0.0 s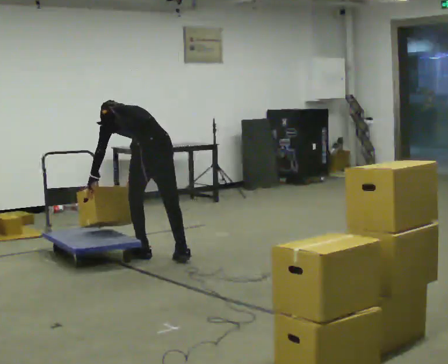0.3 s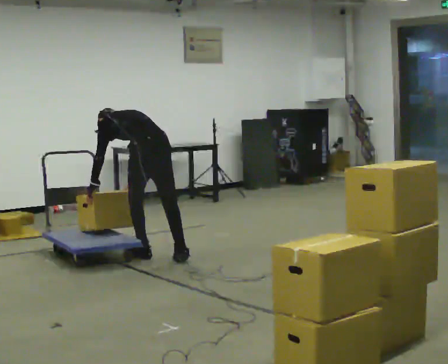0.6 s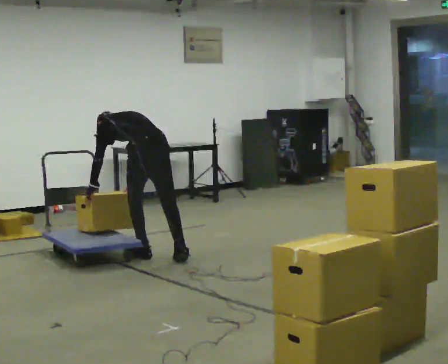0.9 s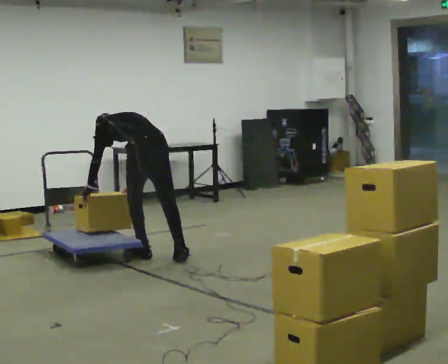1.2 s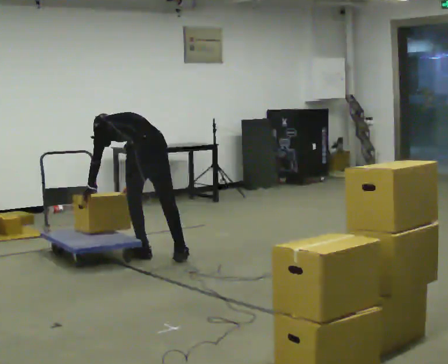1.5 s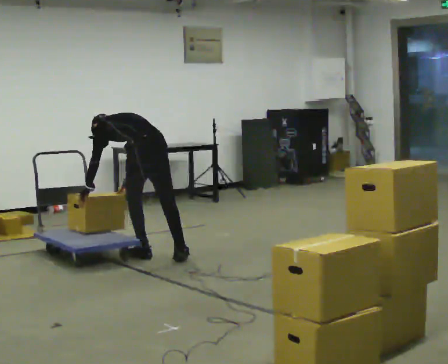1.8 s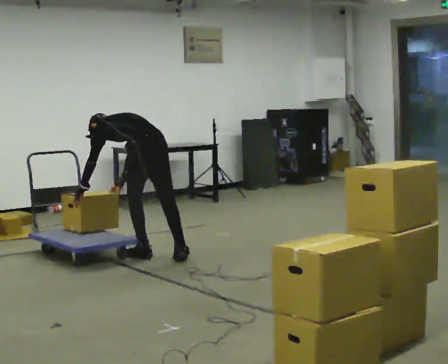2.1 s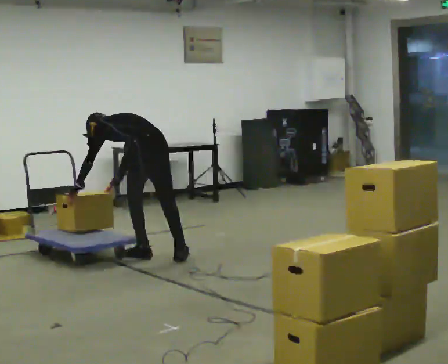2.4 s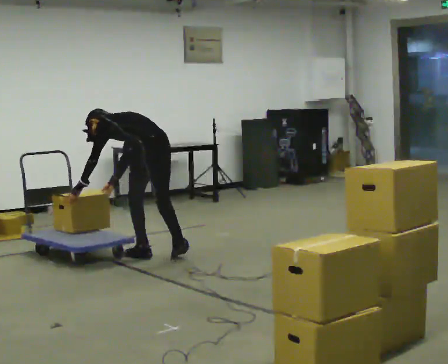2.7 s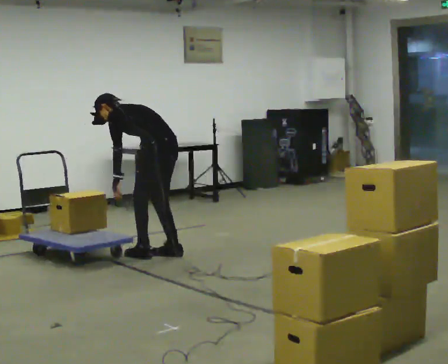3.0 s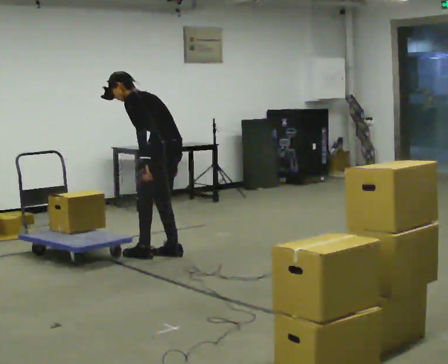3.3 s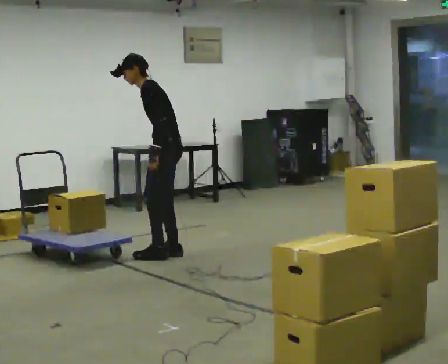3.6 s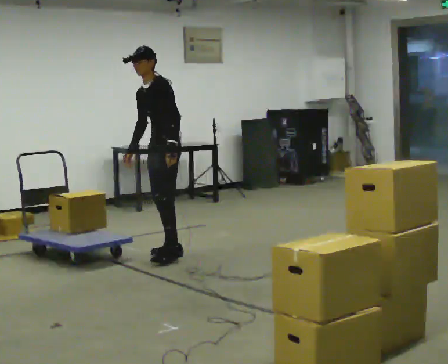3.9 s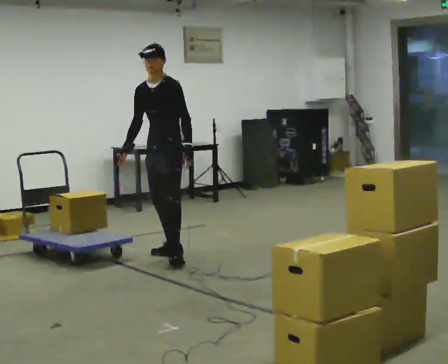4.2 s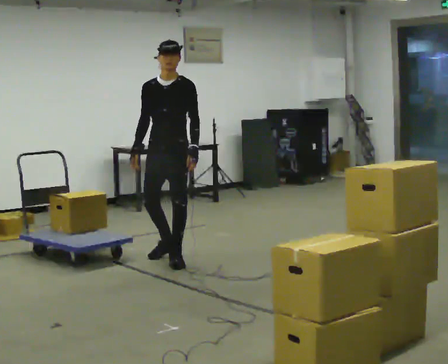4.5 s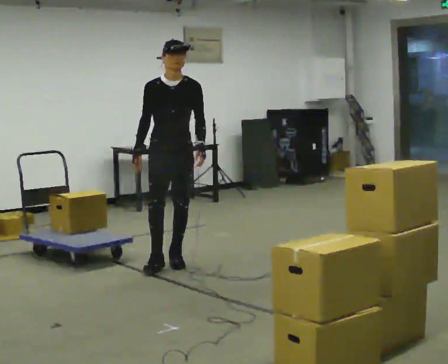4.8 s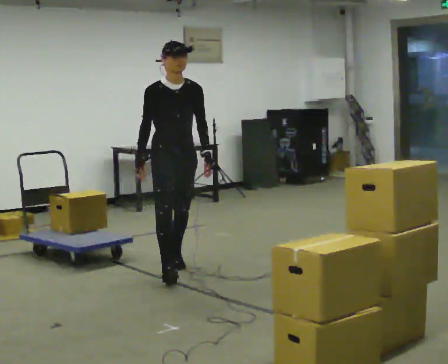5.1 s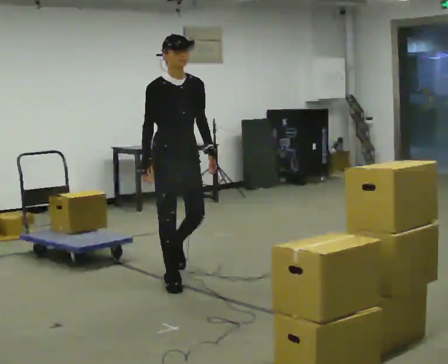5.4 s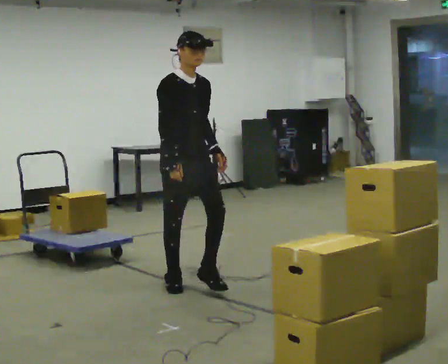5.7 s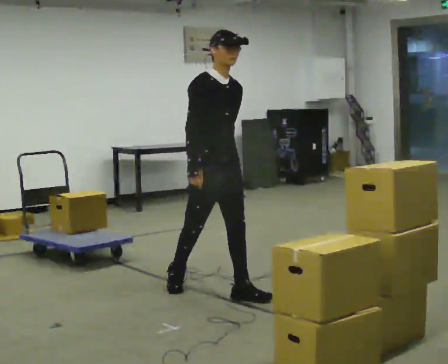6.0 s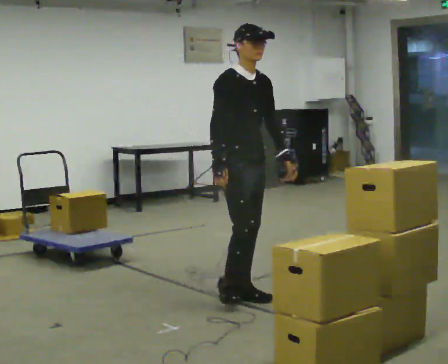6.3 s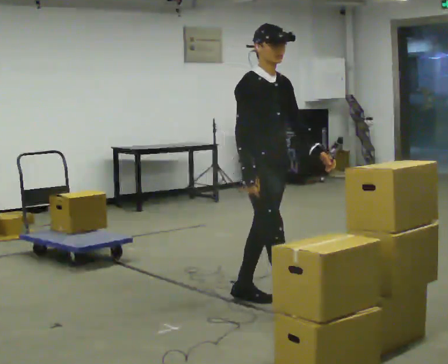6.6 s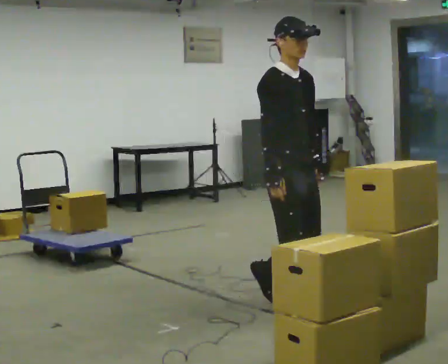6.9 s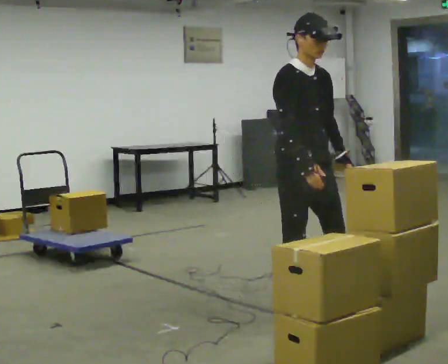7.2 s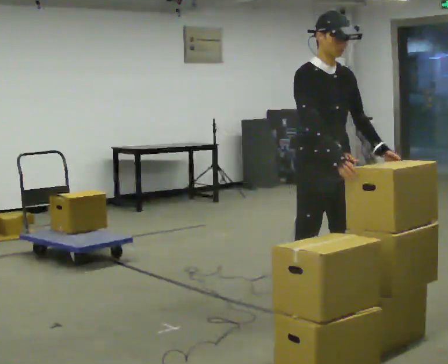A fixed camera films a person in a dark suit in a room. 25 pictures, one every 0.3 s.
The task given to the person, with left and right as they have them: Load the boxes onto the cart one at a time, then take them all off again. The cart stays where it is. Keep going until the operator says stop; one object at a time, and do not rush between trips.
0.0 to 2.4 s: In the picture the upper body tilts counterclockwise, shoulders to the left.
2.4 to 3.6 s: The person turns about 75 degrees to their left, counterclockwise seen from above, so the part of the body nearest the lens slides to the right. In the picture they go away from the camera, about 0.25 m in 1 step. The upper body goes upward. The upper body tips toward the camera, its near side rolling downward, as they lean back or straighten. In the picture their left hand goes to the right, the arm swinging counterclockwise.
3.6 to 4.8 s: Seen from above the body turns counterclockwise, about 75 degrees: to their left, with its near side sliding to the right. In the picture they go toward the camera, about 0.5 m in 1 step. In the picture the upper body tilts clockwise, shoulders to the right.
4.8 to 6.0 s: The part of the body nearest the lens slides to the right as the person turns to their left by about 30 degrees. In the picture they go toward the camera and to the right, about 1 m in 2 steps, which for them is forward.
6.0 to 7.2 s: In the picture they go toward the camera and to the right, about 0.75 m in 2 steps, which for them is forward.
The film runs forward here.
